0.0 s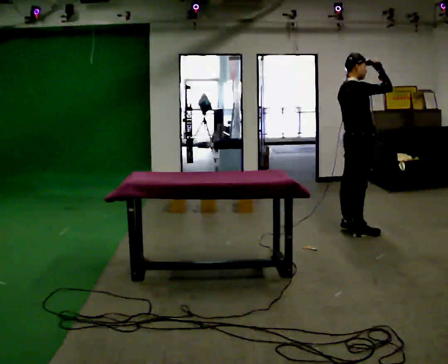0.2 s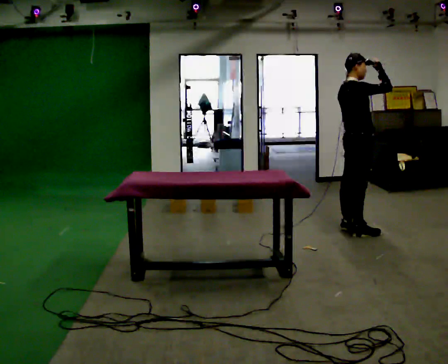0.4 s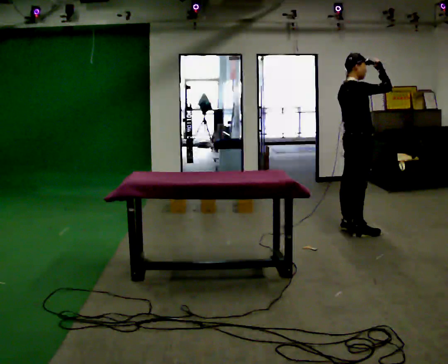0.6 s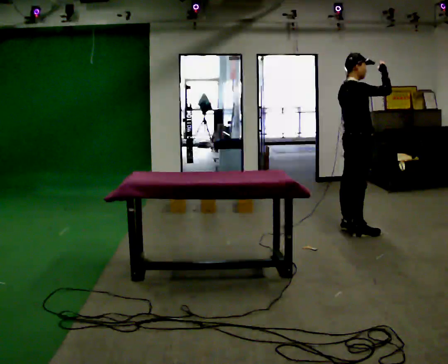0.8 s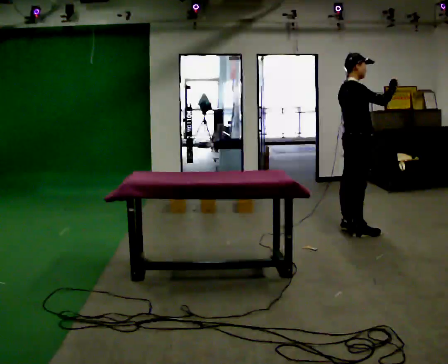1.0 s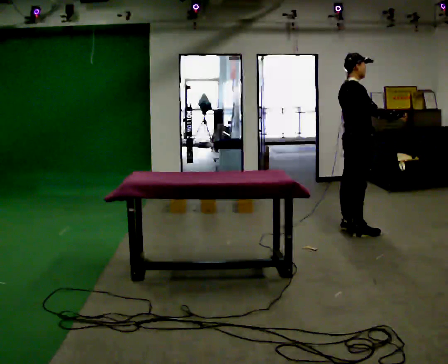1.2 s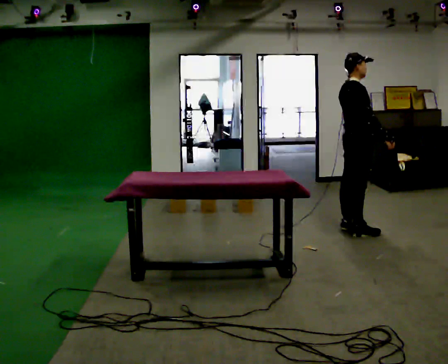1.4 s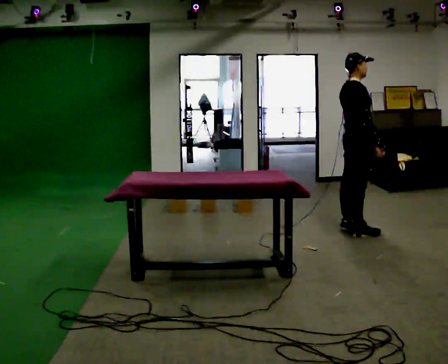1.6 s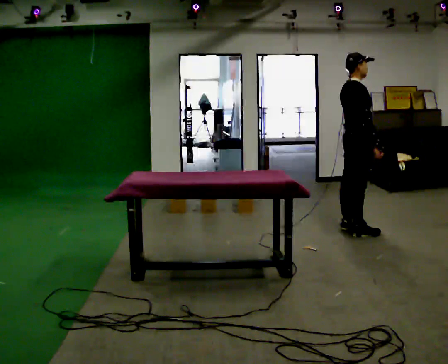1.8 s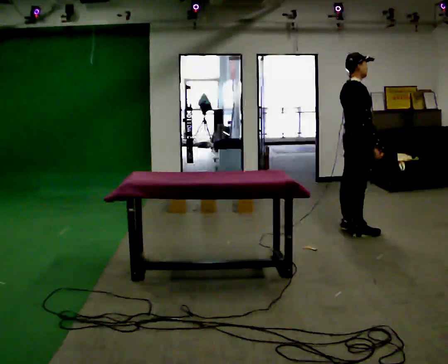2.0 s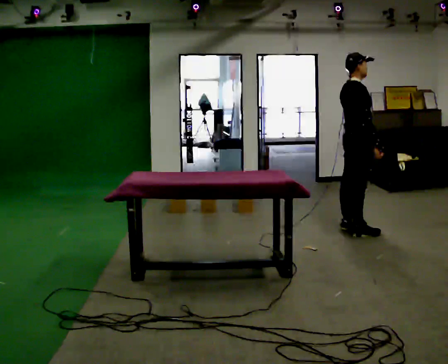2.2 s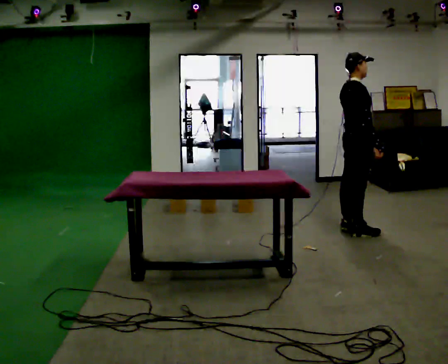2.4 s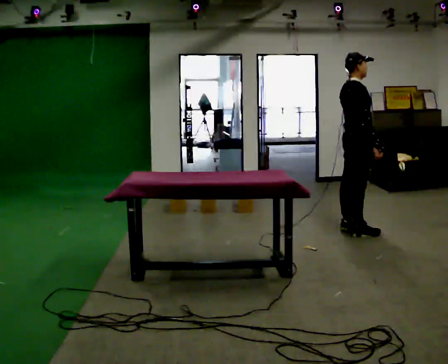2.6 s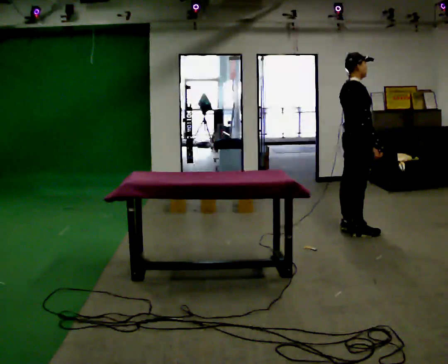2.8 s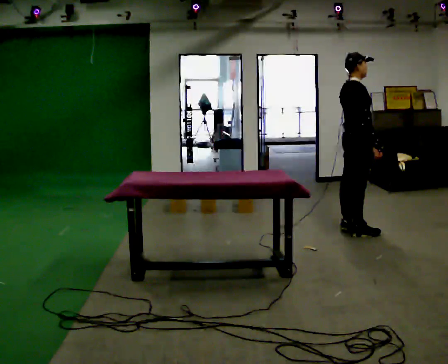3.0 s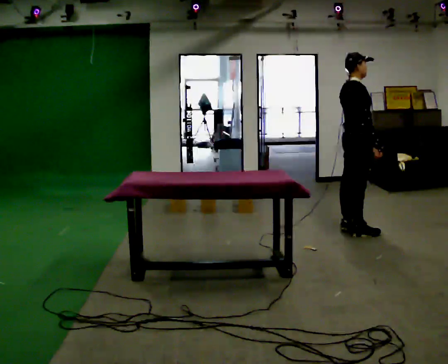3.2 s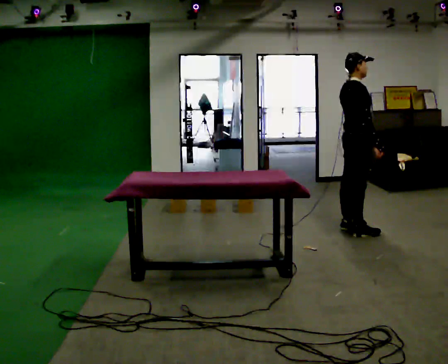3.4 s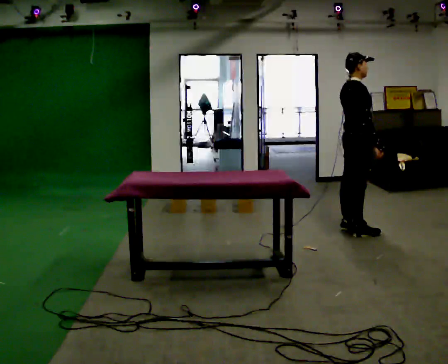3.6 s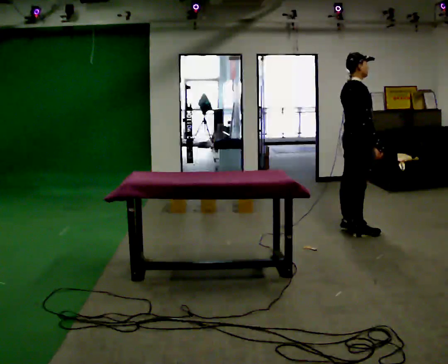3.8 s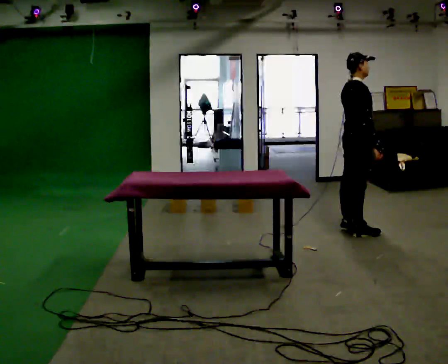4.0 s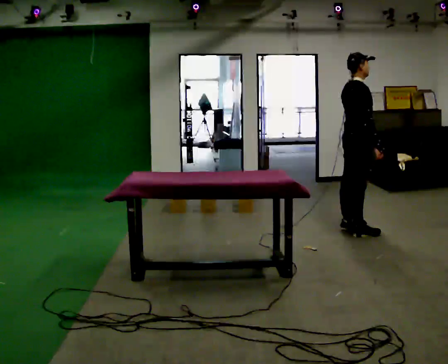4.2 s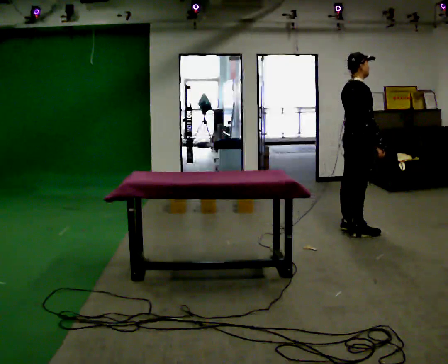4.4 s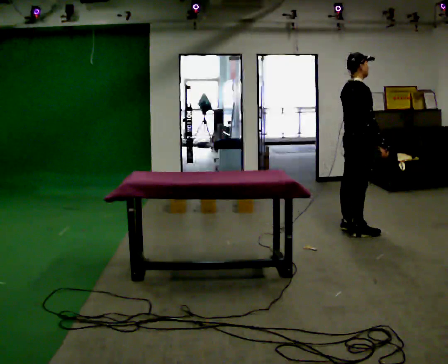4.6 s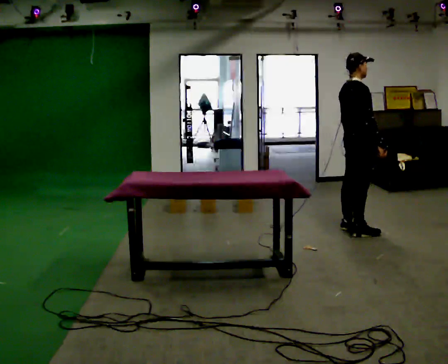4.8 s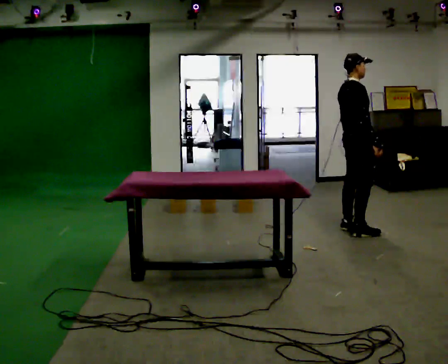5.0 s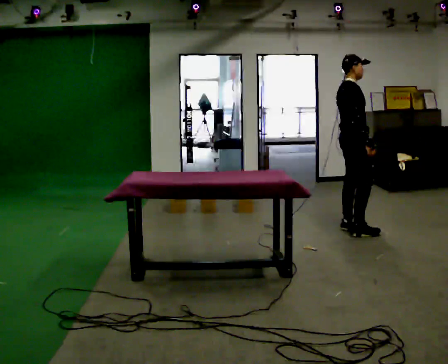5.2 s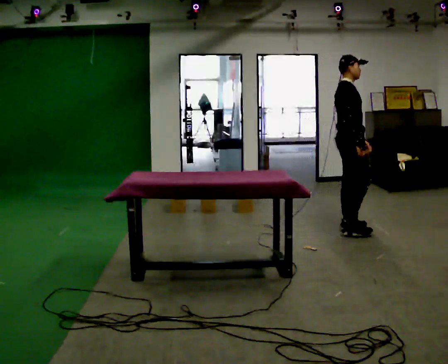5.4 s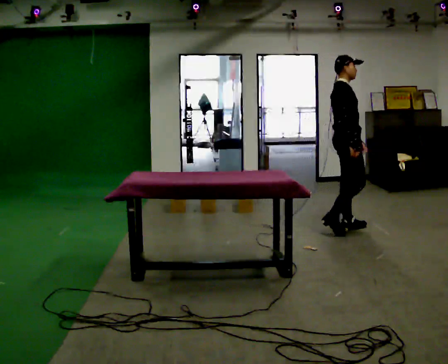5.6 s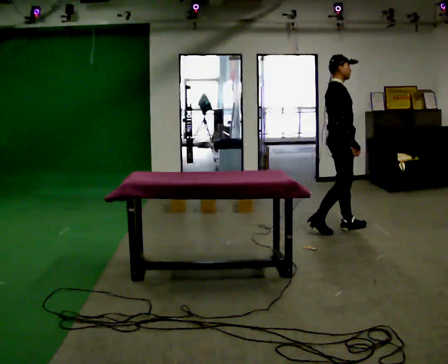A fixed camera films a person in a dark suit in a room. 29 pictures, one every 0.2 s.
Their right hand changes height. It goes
downward.
Their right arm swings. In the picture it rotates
clockwise.
0.0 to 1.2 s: In the picture their right hand goes downward, the arm swinging clockwise.
1.2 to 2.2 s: The person moves a little, or ends about where they began.
2.2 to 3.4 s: The person keeps their place and pose.
3.4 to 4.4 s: The person moves a little, or ends about where they began.
4.4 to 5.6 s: In the picture they go to the left, about 0.25 m in 1 step, which for them is to their left and backward.
The film runs backward here.
